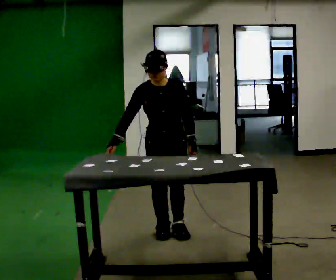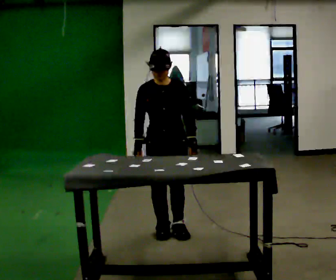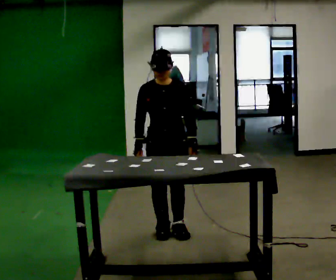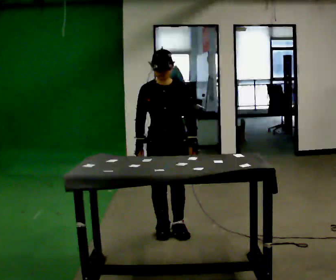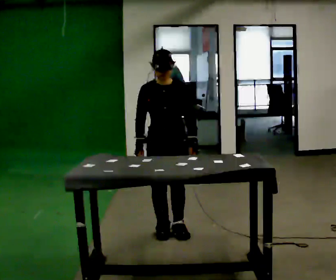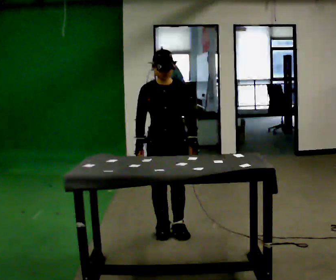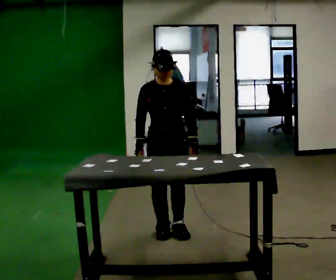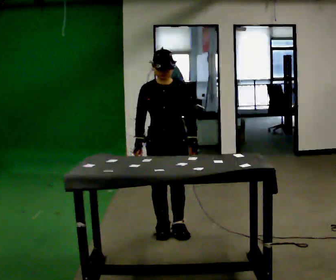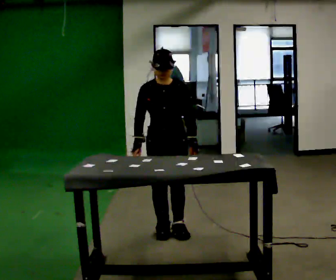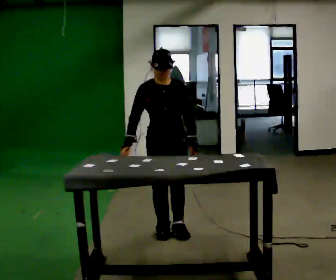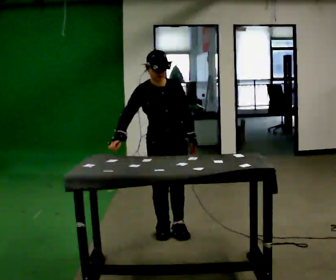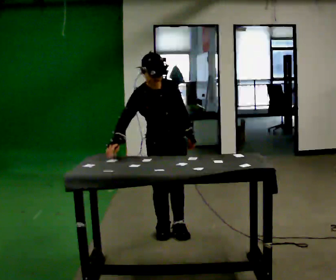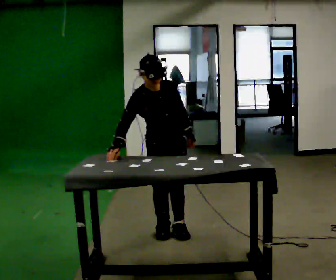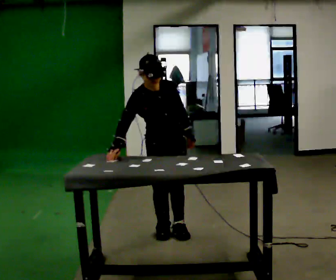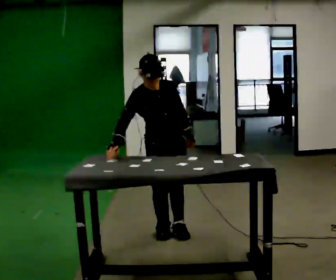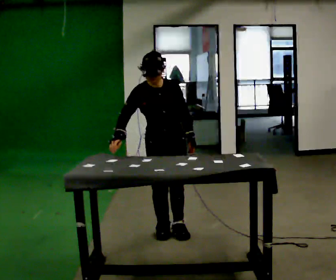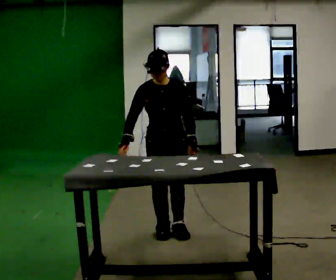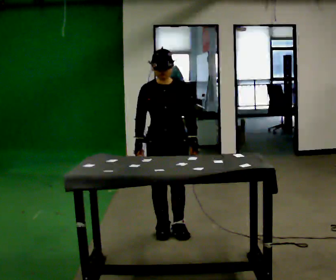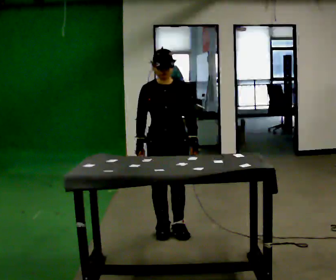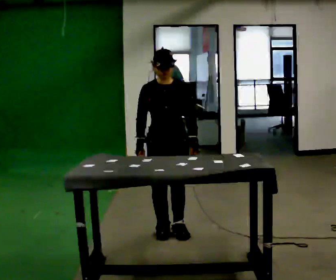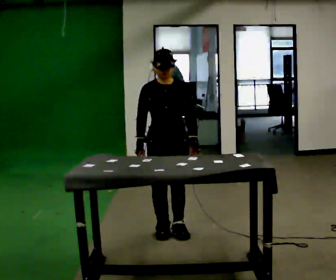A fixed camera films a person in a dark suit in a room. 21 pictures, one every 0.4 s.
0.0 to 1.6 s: The person moves a little, or ends about where they began.
1.6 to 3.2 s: The person keeps their place and pose.
3.2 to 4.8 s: The person turns about 30 degrees to their left, counterclockwise seen from above, so the part of the body nearest the lens slides to the right. The upper body tips toward the camera, its near side rolling downward, as they bend forward.
4.8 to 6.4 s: The upper body tips away from the camera, its near side rolling upward.
6.4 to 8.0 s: The person moves a little, or ends about where they began.
The film runs backward here.
